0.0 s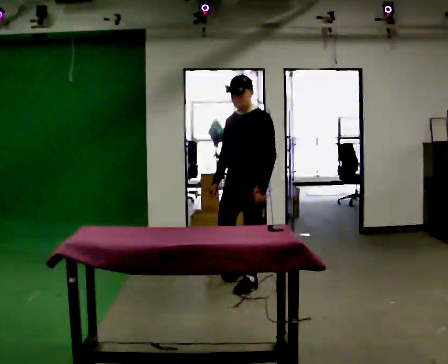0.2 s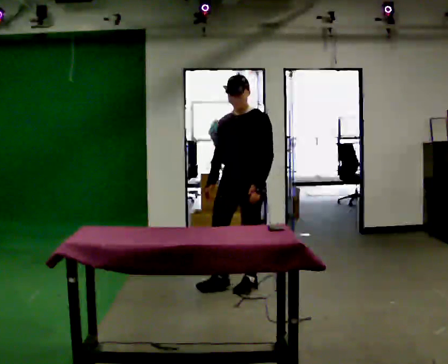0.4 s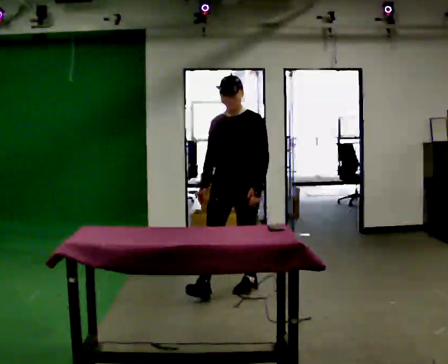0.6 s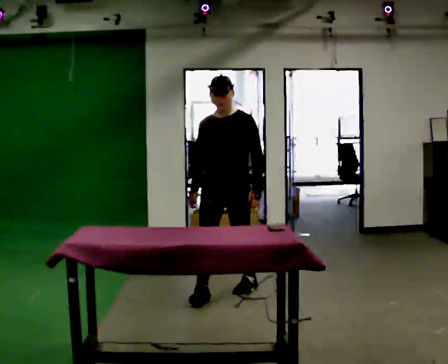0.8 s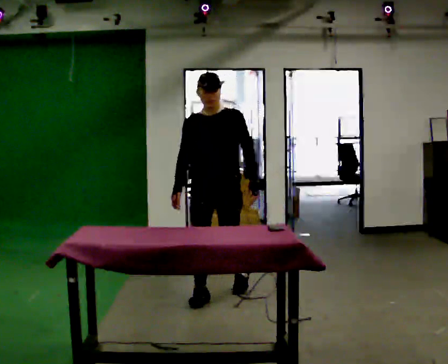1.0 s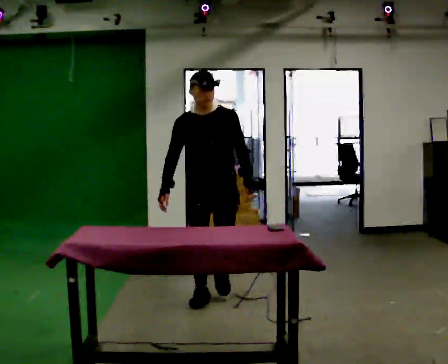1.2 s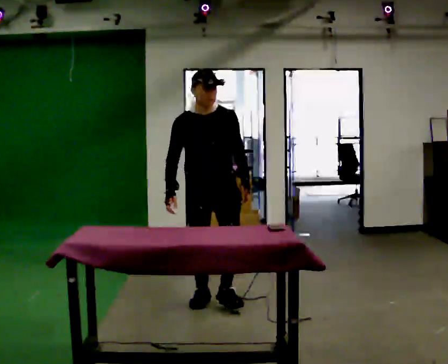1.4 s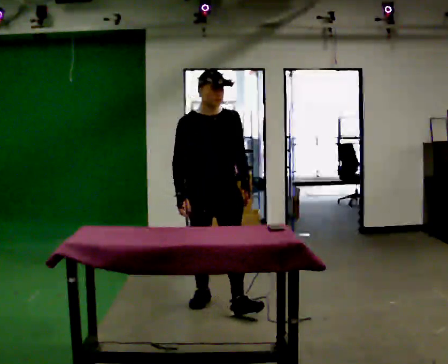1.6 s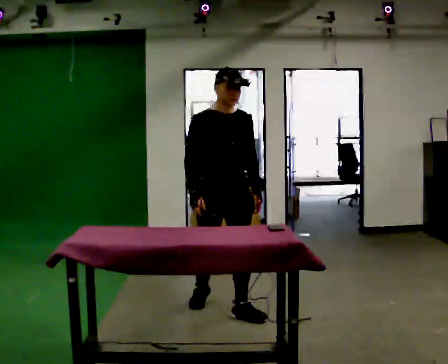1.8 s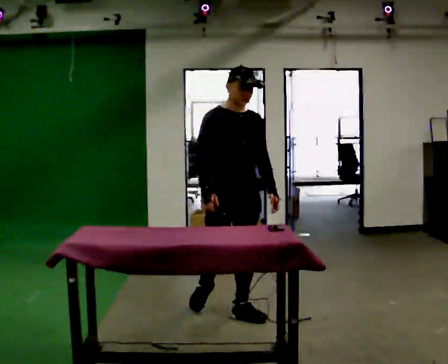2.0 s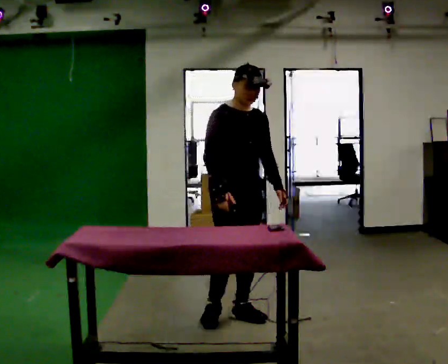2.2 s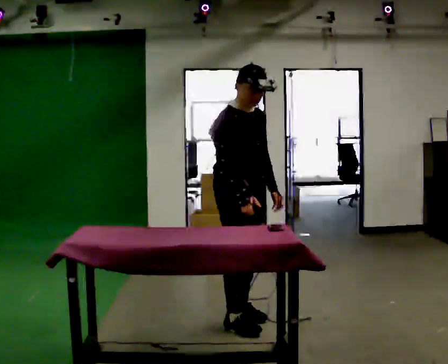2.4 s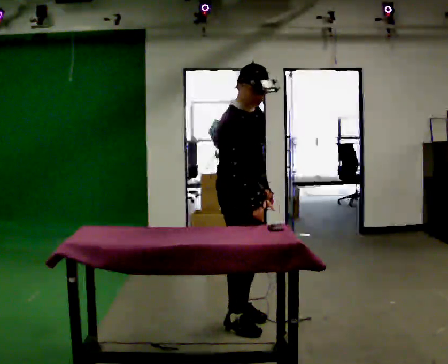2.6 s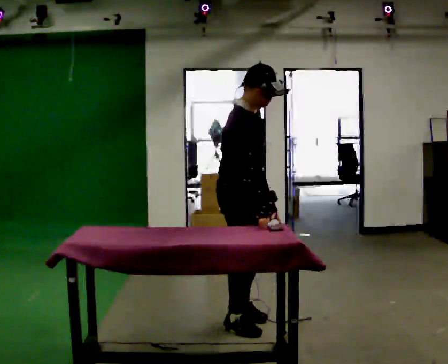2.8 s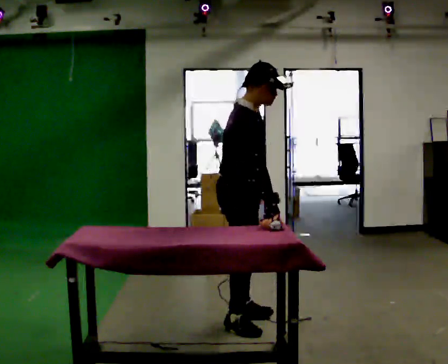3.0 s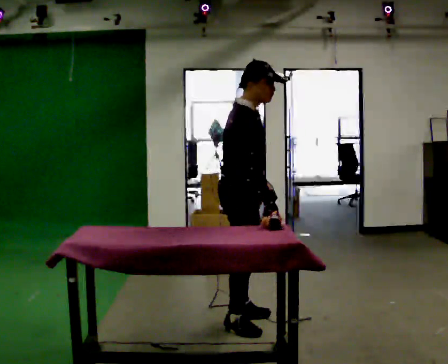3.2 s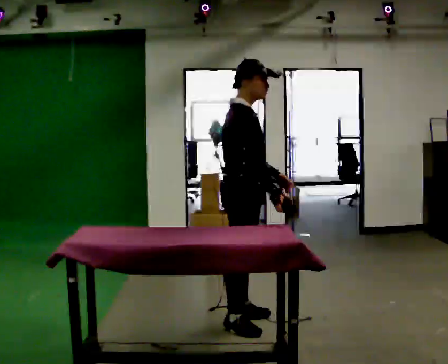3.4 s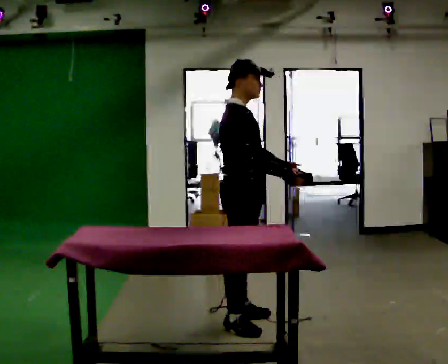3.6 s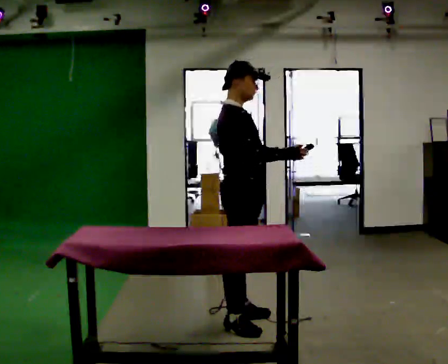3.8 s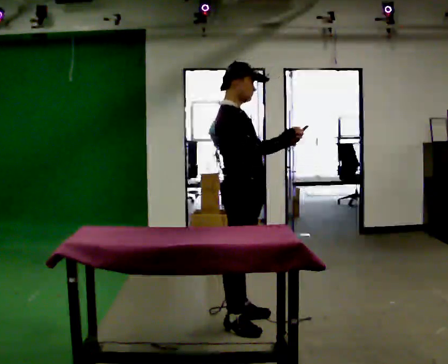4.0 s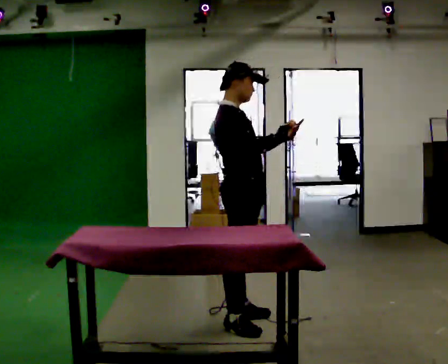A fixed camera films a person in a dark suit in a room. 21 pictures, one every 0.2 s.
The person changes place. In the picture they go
toward the camera.
The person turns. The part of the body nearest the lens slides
to the right.
0.0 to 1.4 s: The person turns about 60 degrees to their left, counterclockwise seen from above, so the part of the body nearest the lens slides to the right. In the picture they go toward the camera and to the left, about 0.5 m in 1 step, which for them is forward.
1.4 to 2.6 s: The person turns about 60 degrees to their left, counterclockwise seen from above, so the part of the body nearest the lens slides to the right. In the picture they go toward the camera, about 0.5 m in 2 steps.
2.6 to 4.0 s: In the picture the upper body tilts counterclockwise, shoulders to the left, as they lean back or straighten. In the picture their right hand goes upward, the arm swinging counterclockwise.
The film runs forward here.
